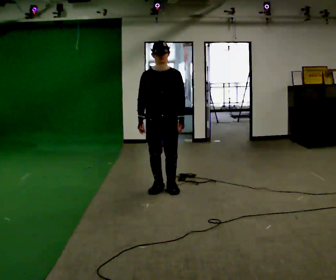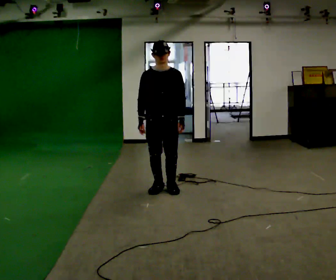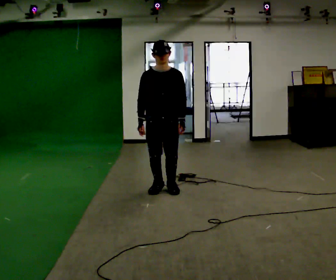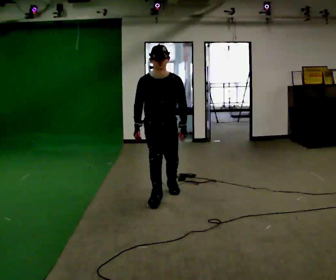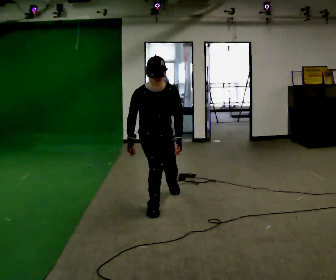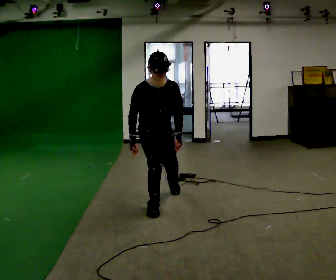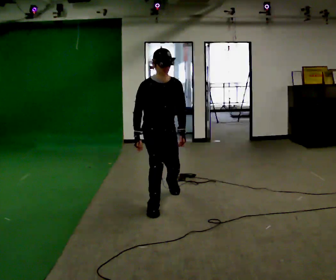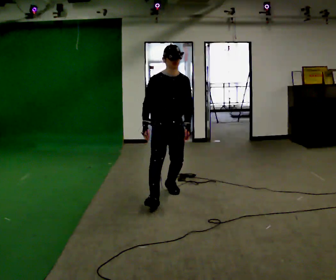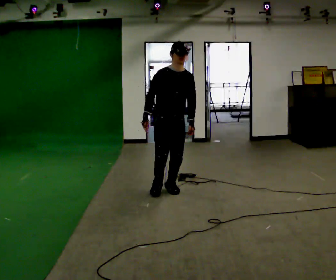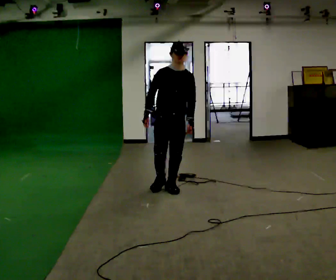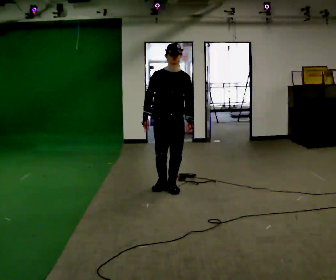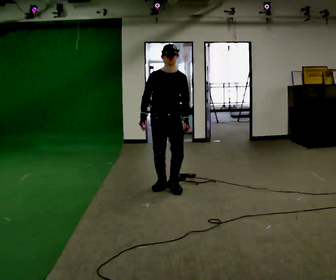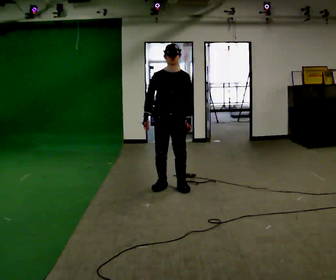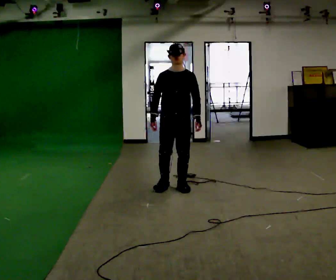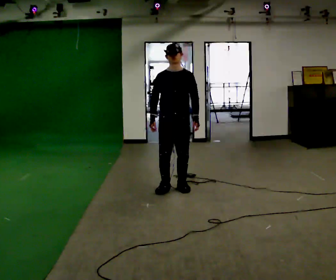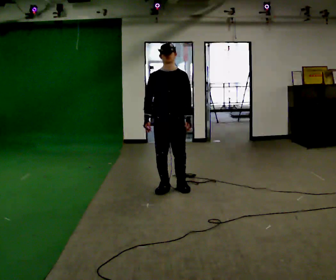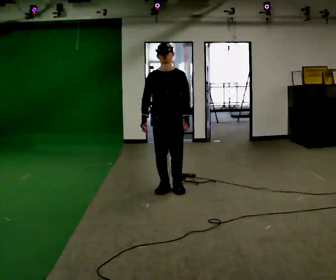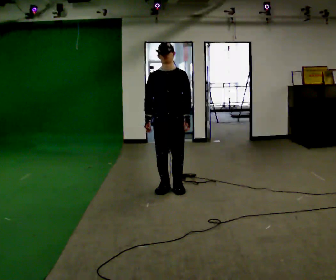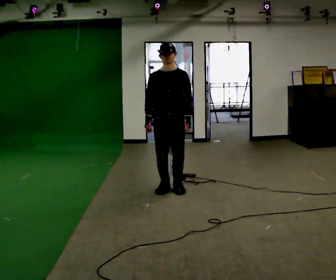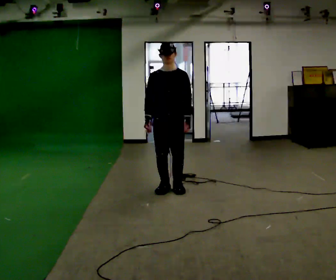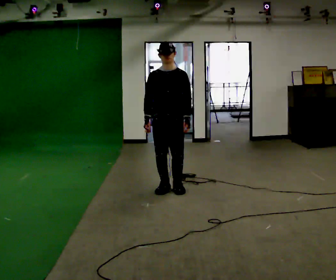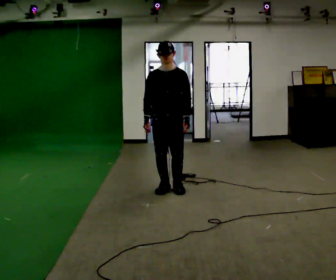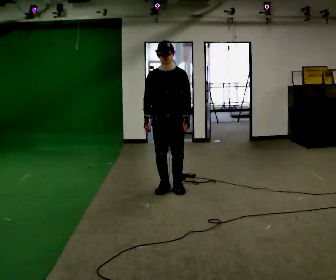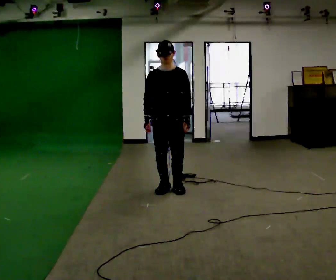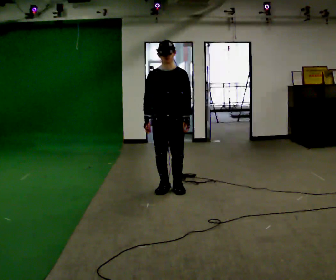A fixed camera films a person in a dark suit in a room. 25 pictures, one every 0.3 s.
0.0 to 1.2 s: In the picture they go toward the camera, about 0.5 m in 1 step, which for them is forward. The upper body goes downward. The upper body tips toward the camera, its near side rolling downward, as they bend forward.
1.2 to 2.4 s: In the picture they go away from the camera, about 0.5 m, which for them is to their left and backward. The shoulders move upward. The upper body tips away from the camera, its near side rolling upward, as they lean back or straighten.
2.4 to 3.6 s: In the picture they go away from the camera, about 0.25 m in 1 step, which for them is backward.
3.6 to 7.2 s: In the picture they go toward the camera, about 0.25 m, which for them is forward.
The film runs forward here.
